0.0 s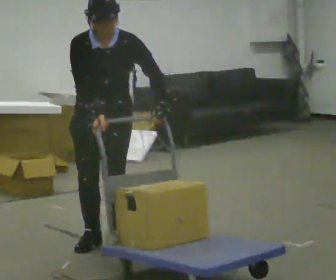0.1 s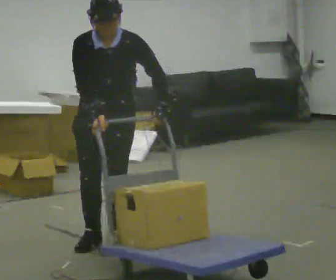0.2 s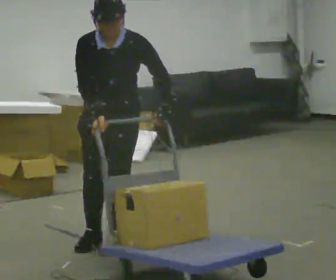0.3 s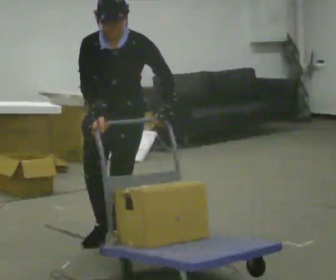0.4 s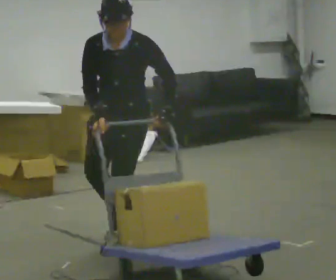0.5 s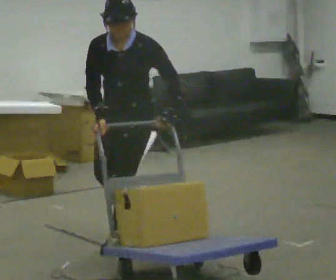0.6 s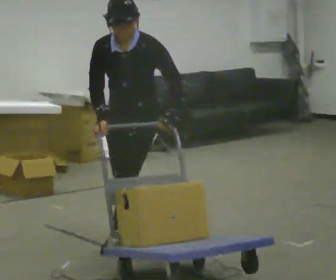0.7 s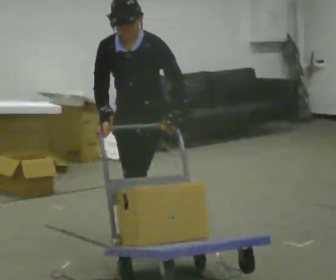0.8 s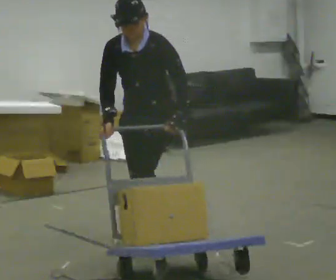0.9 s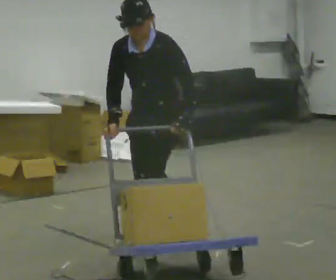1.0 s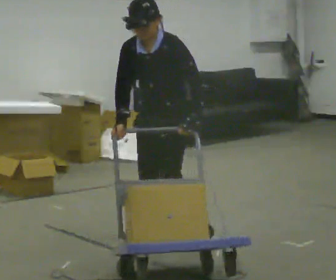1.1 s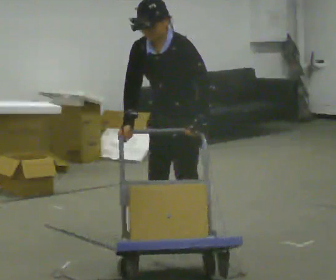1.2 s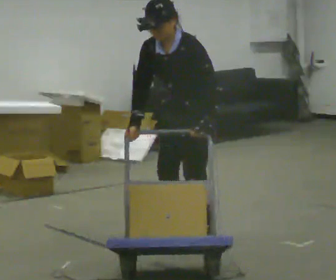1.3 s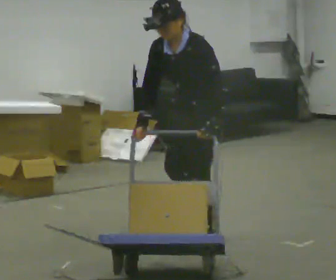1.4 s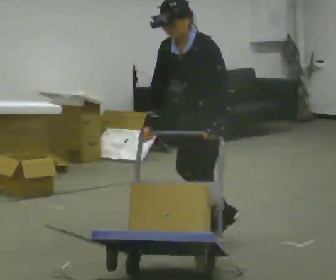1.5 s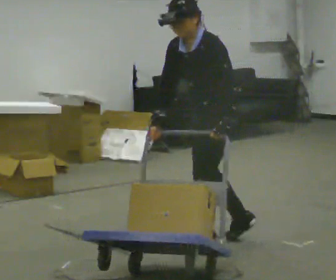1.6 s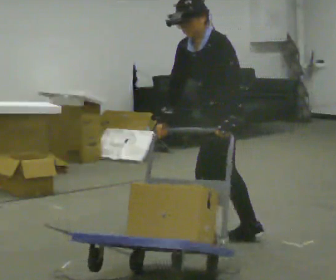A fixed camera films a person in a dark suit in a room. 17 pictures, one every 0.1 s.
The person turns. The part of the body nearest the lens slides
to the left.
The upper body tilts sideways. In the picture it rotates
counterclockwise.
0.0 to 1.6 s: The person turns about 60 degrees to their right, clockwise seen from above, so the part of the body nearest the lens slides to the left. In the picture they go to the right, about 0.75 m in 3 steps. In the picture the upper body tilts counterclockwise, shoulders to the left.
The film runs backward here.
